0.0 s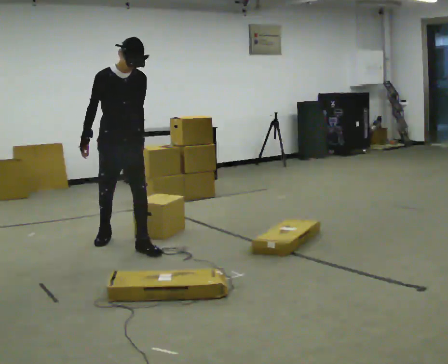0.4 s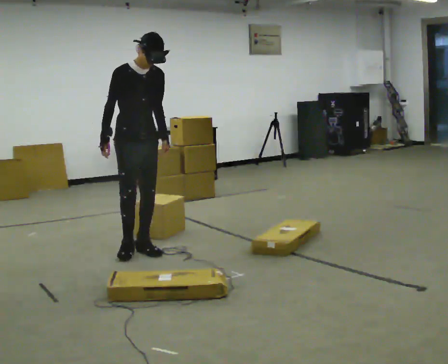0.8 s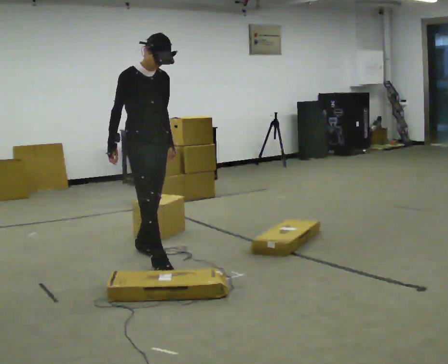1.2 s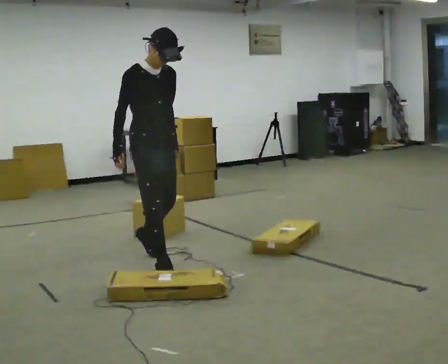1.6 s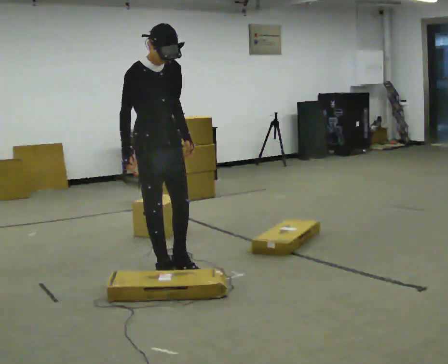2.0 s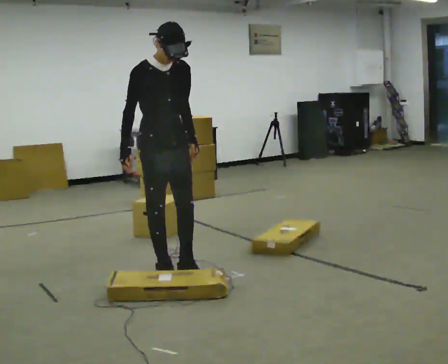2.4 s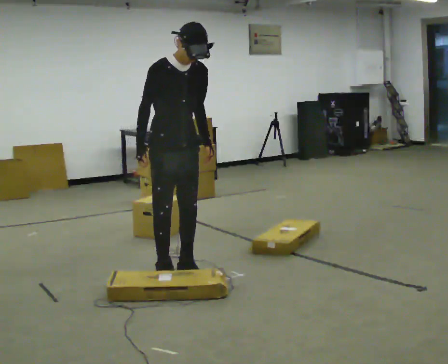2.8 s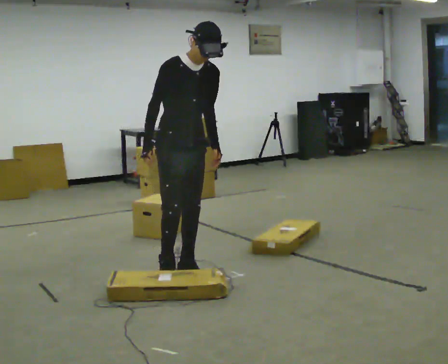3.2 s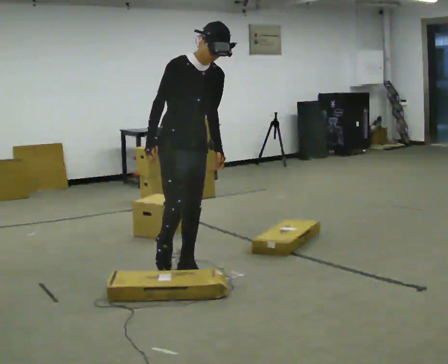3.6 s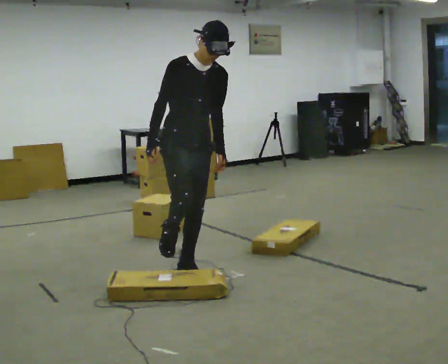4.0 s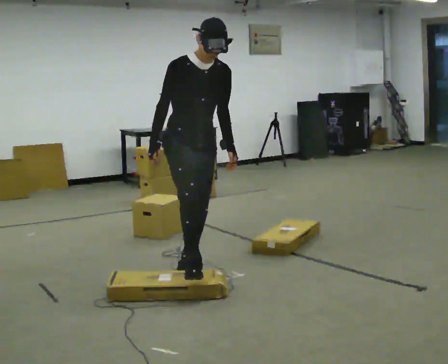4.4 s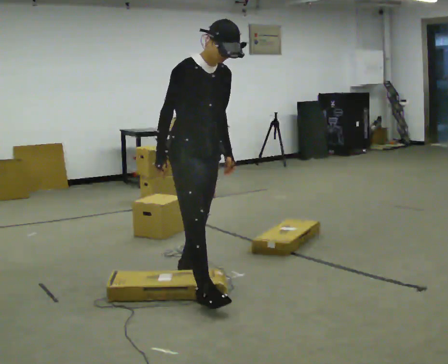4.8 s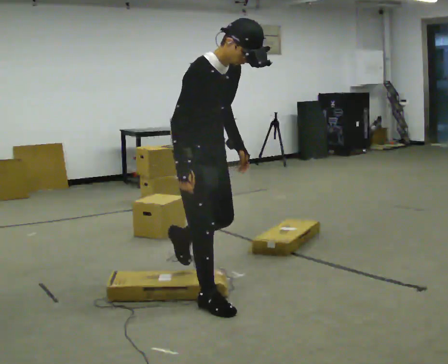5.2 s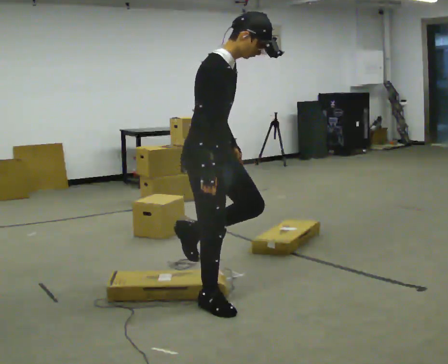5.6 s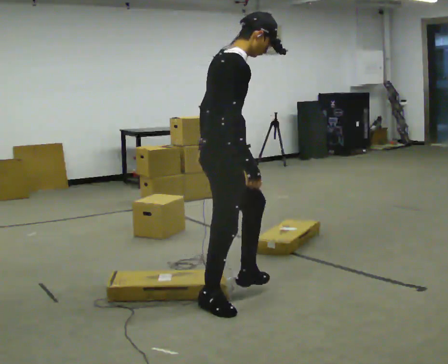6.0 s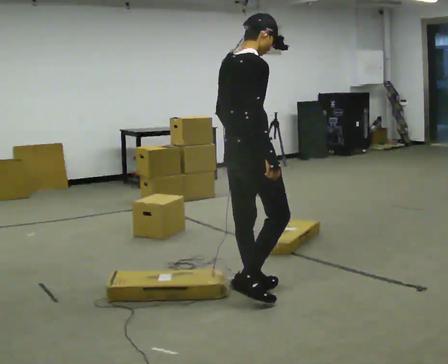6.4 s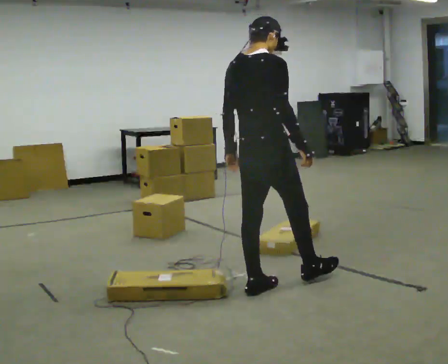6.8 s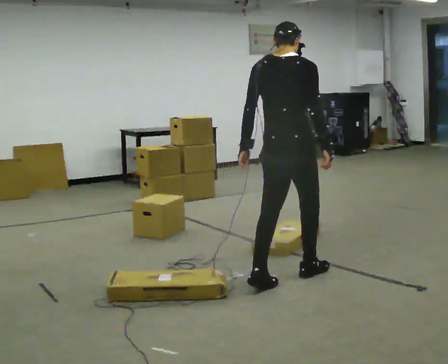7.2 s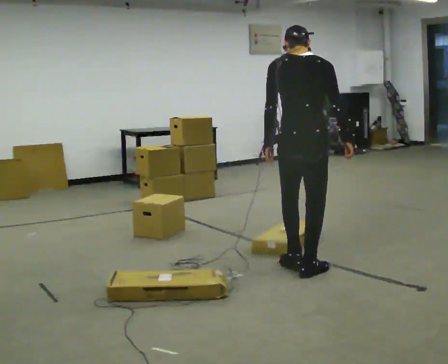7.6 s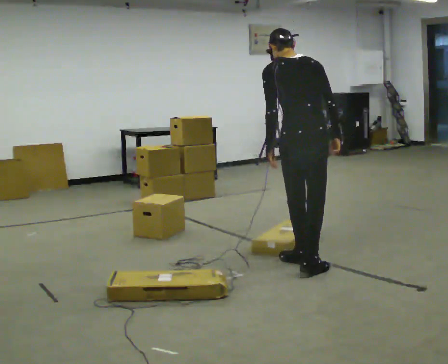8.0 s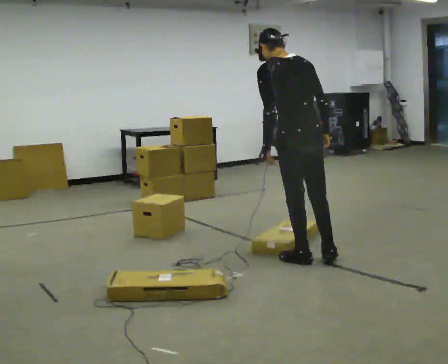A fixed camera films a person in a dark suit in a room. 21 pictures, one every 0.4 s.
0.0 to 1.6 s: In the picture they go toward the camera and to the right, about 0.5 m in 1 step, which for them is forward.
1.6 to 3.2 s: In the picture they go to the right, about 0.25 m in 1 step, which for them is forward.
3.2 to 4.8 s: In the picture they go toward the camera, about 0.5 m in 1 step, which for them is forward. The upper body tips toward the camera, its near side rolling downward, as they bend forward.
4.8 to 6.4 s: The person turns about 90 degrees to their left, counterclockwise seen from above, so the part of the body nearest the lens slides to the right. In the picture they go to the right, about 0.5 m in 1 step. The upper body tips away from the camera, its near side rolling upward, as they lean back or straighten.
6.4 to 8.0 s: The part of the body nearest the lens slides to the right as the person turns to their left by about 60 degrees. In the picture they go away from the camera and to the right, about 0.5 m in 2 steps. In the picture the upper body tilts counterclockwise, shoulders to the left.
The film runs forward here.
